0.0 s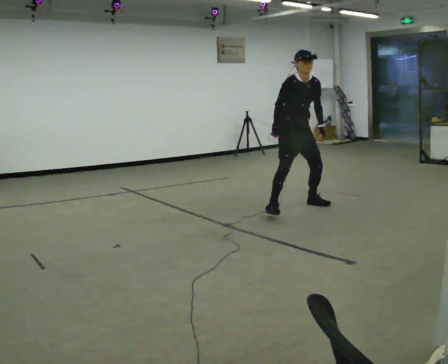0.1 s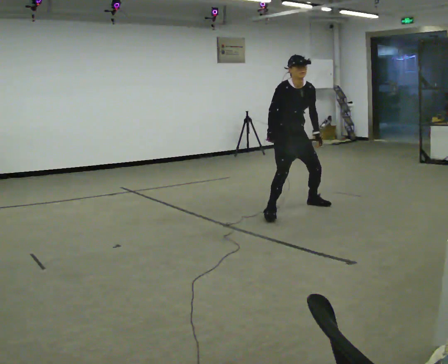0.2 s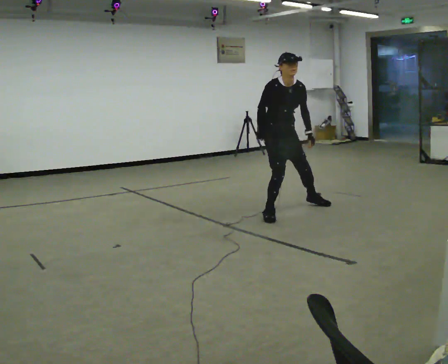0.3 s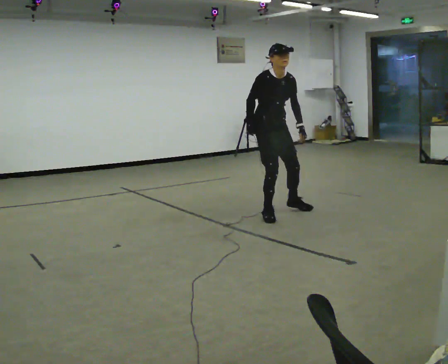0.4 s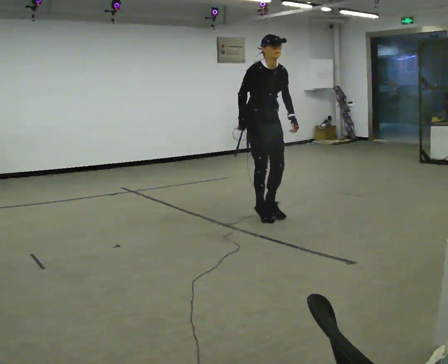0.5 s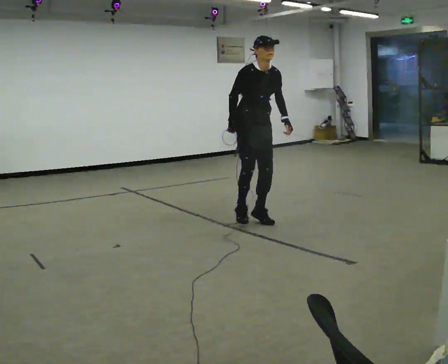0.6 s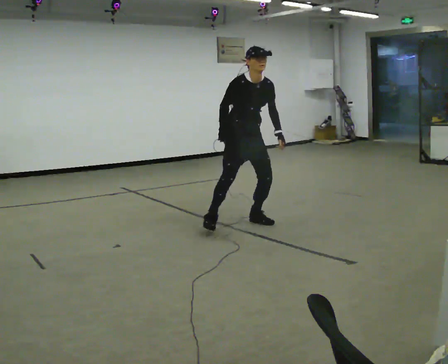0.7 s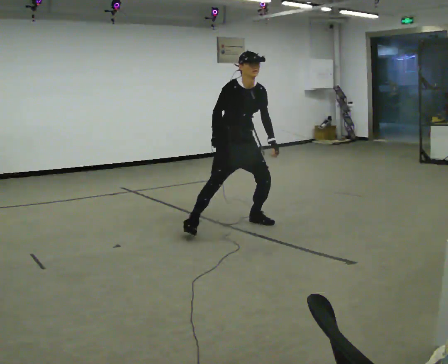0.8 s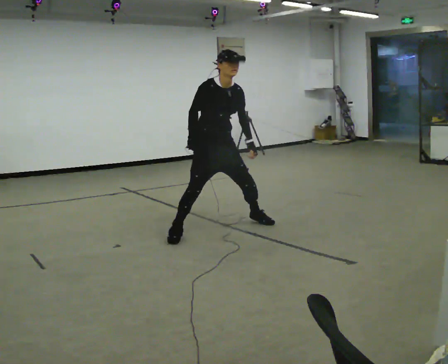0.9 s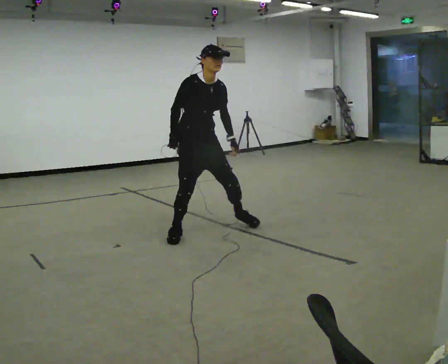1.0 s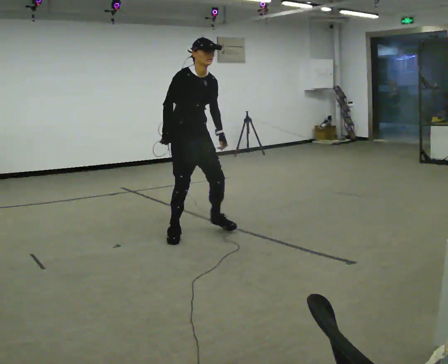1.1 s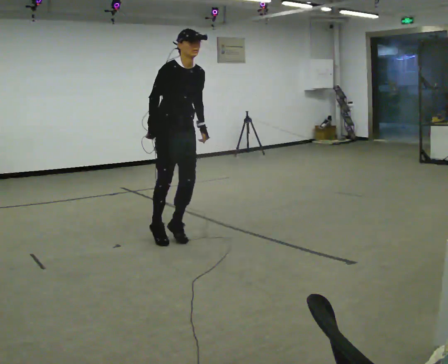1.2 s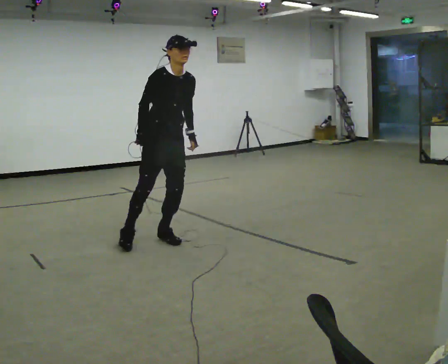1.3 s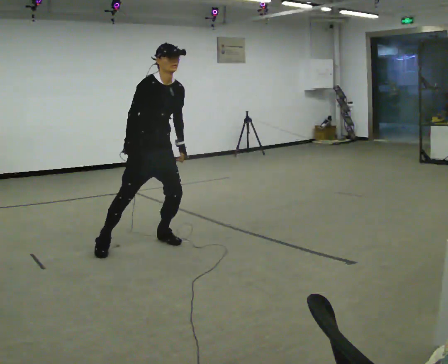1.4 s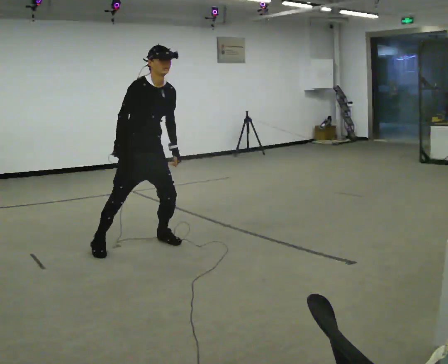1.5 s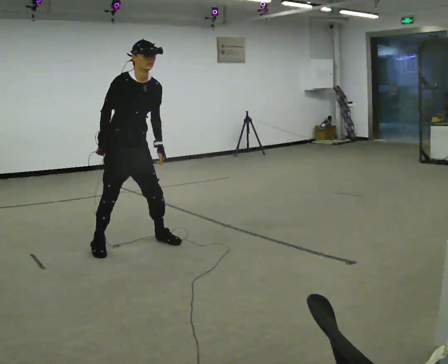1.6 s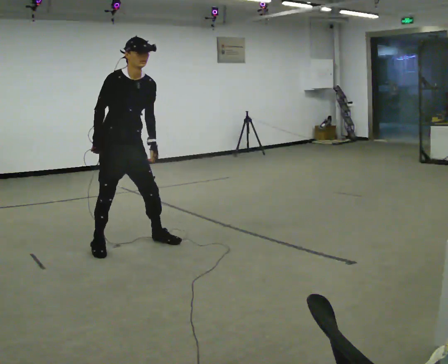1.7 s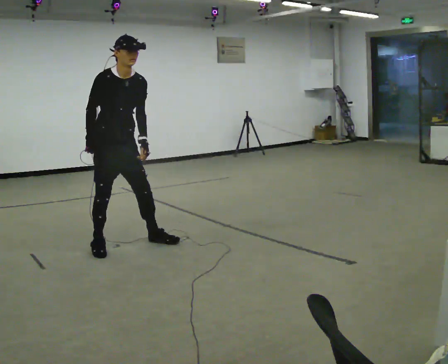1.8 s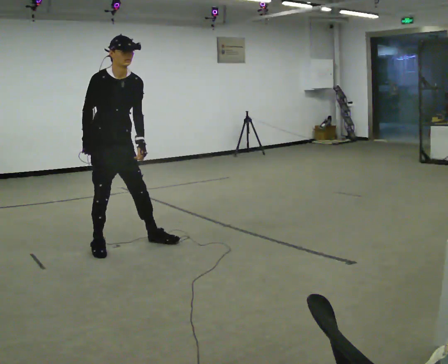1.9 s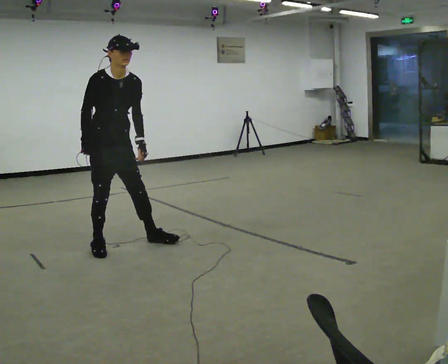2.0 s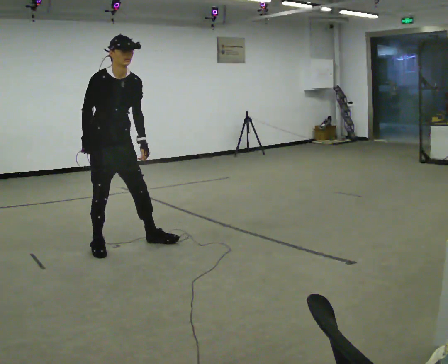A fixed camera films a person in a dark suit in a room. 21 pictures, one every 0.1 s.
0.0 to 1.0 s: In the picture they go to the left and toward the camera, about 1.5 m in 3 steps, which for them is to their right.
1.0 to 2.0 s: In the picture they go to the left and toward the camera, about 0.75 m in 2 steps, which for them is to their right.
The film runs forward here.
